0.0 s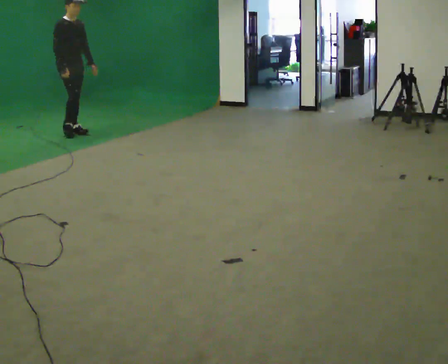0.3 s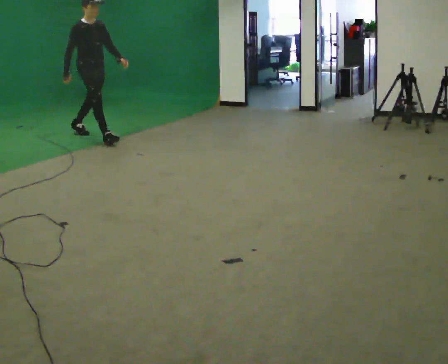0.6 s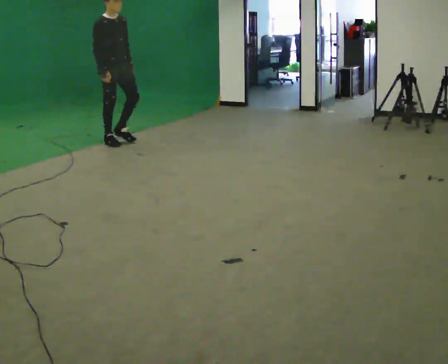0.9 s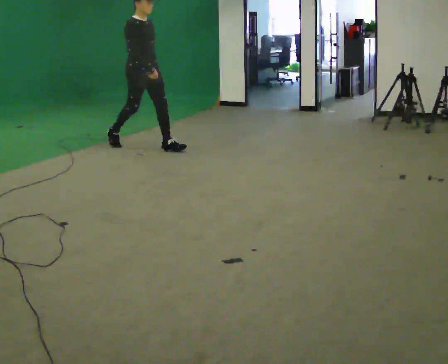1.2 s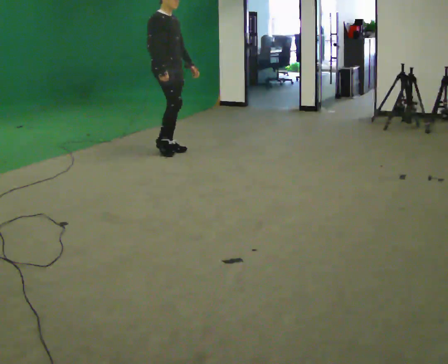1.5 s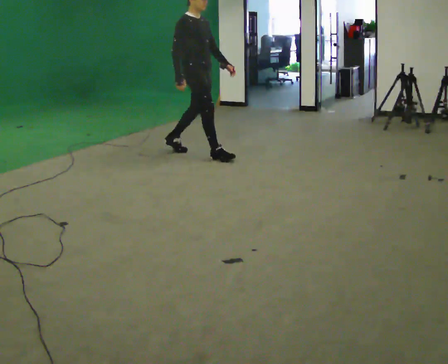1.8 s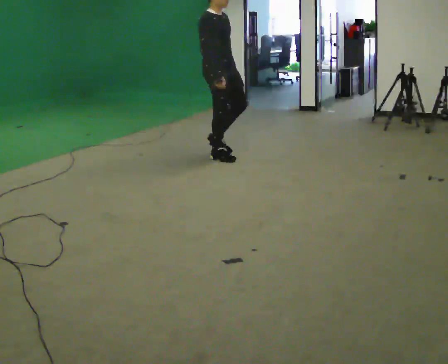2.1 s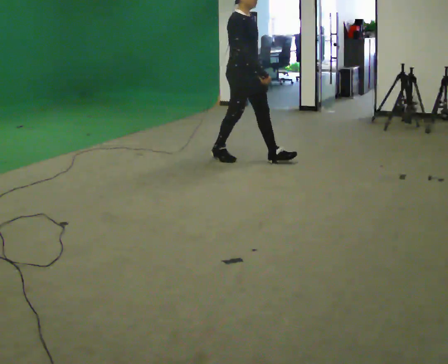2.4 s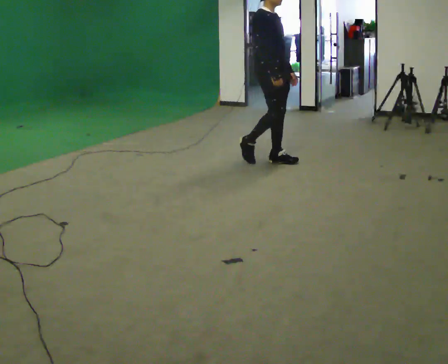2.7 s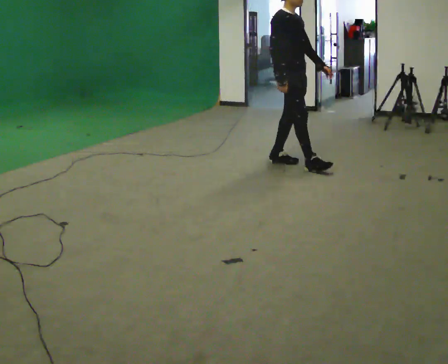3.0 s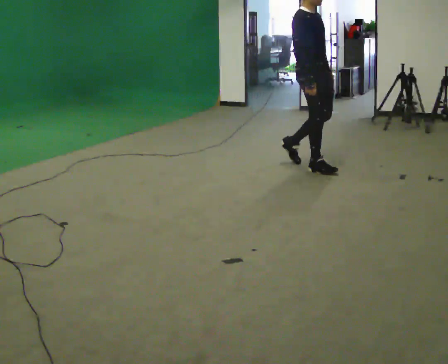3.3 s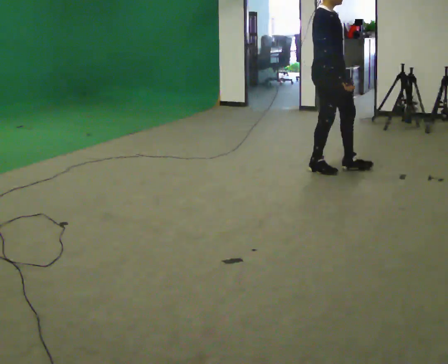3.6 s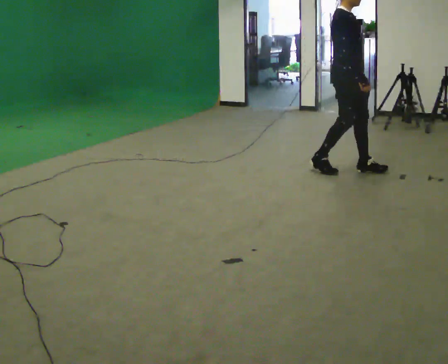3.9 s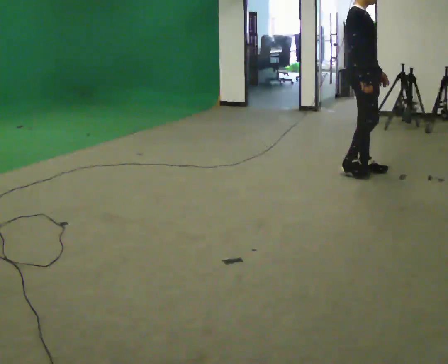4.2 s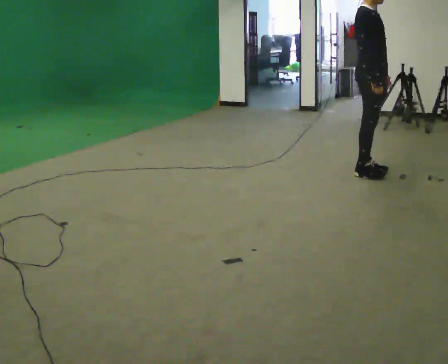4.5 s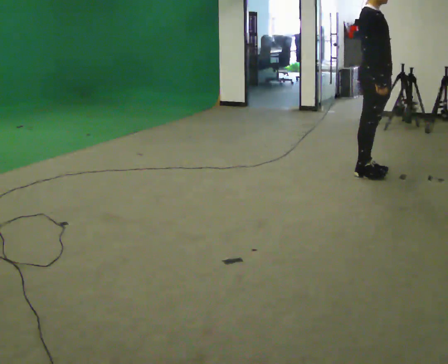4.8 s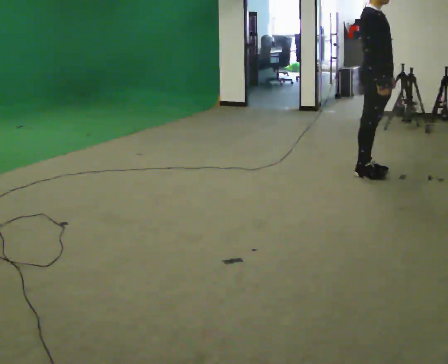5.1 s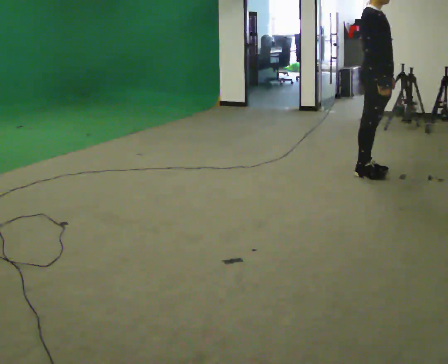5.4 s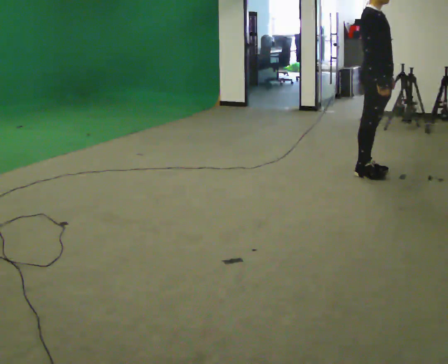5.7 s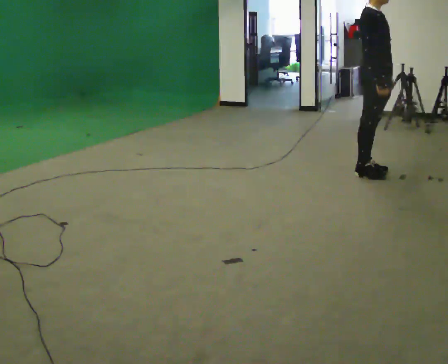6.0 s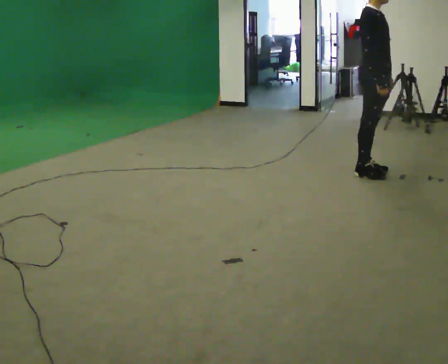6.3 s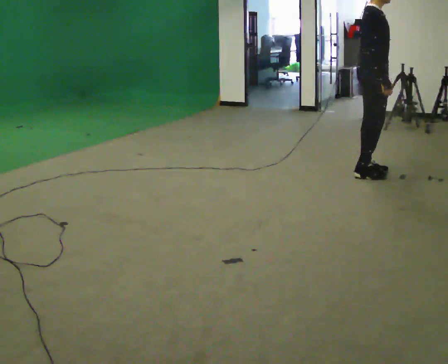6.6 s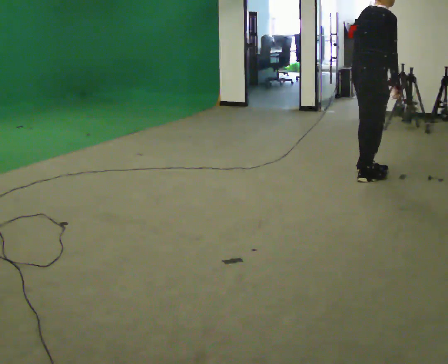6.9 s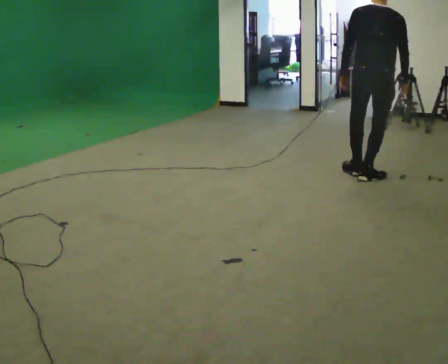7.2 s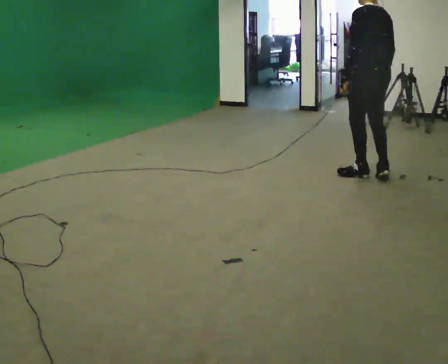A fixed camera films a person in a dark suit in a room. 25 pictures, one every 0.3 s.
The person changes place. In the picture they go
to the right.
0.0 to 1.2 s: In the picture they go to the right, about 1.5 m in 2 steps, which for them is forward.
1.2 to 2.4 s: In the picture they go to the right, about 1 m in 2 steps, which for them is forward.
2.4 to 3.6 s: In the picture they go to the right, about 0.5 m in 2 steps, which for them is forward.
3.6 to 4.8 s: In the picture they go to the right, about 0.25 m in 1 step, which for them is forward.
4.8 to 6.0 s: The person keeps their place and pose.
6.0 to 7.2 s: The part of the body nearest the lens slides to the right as the person turns to their left by about 150 degrees. In the picture their left hand goes to the left.
The film runs forward here.
